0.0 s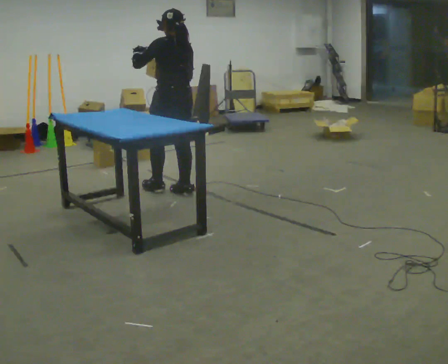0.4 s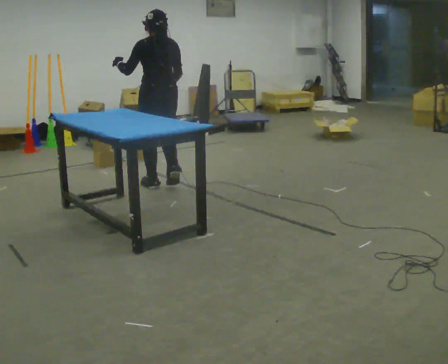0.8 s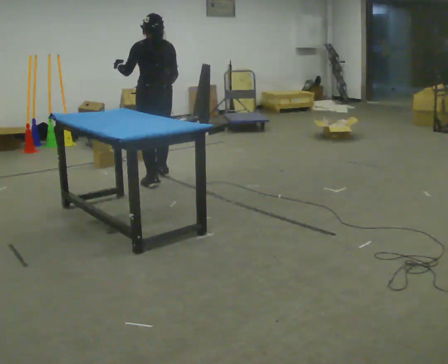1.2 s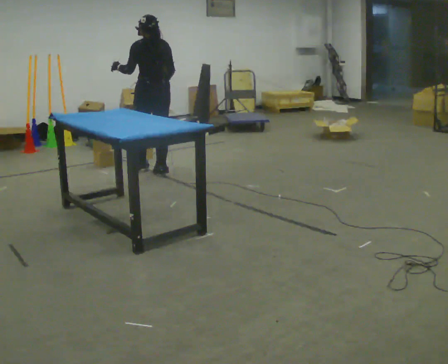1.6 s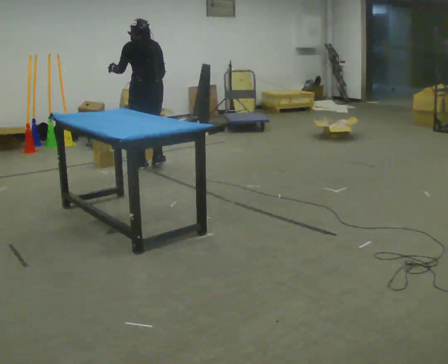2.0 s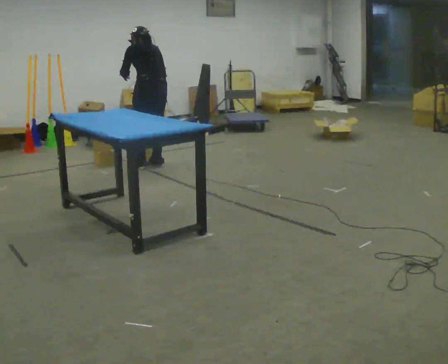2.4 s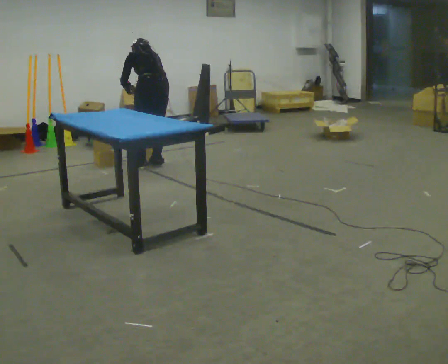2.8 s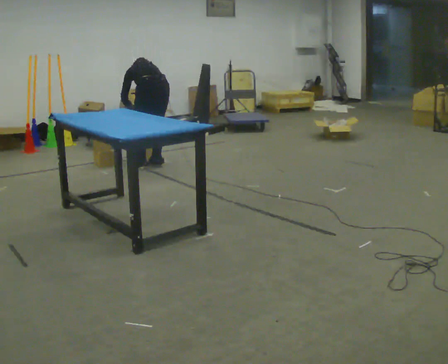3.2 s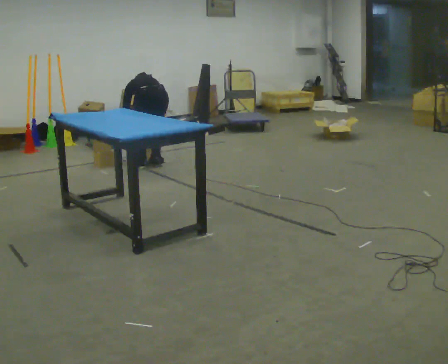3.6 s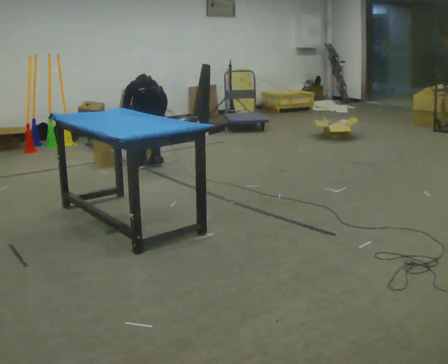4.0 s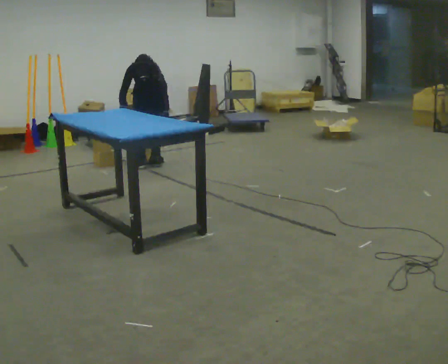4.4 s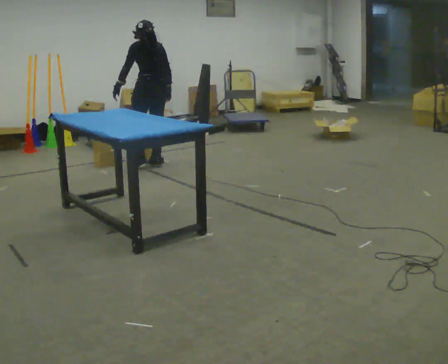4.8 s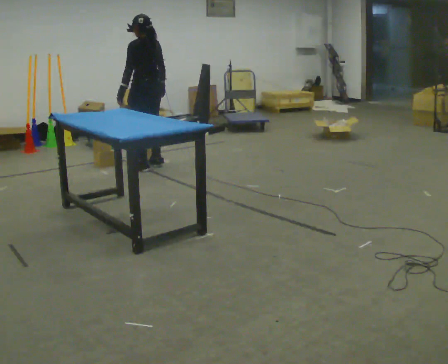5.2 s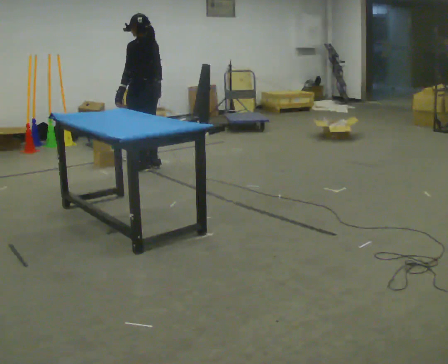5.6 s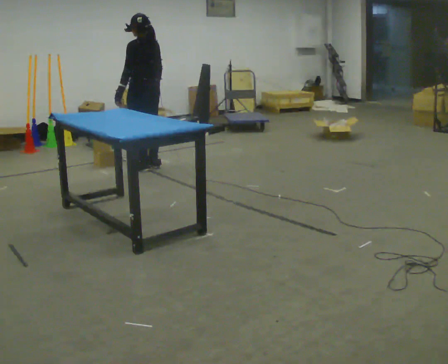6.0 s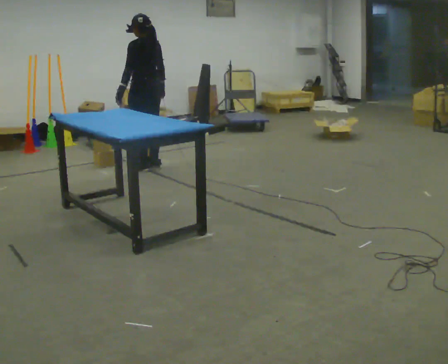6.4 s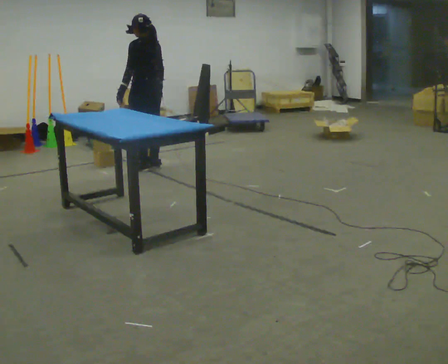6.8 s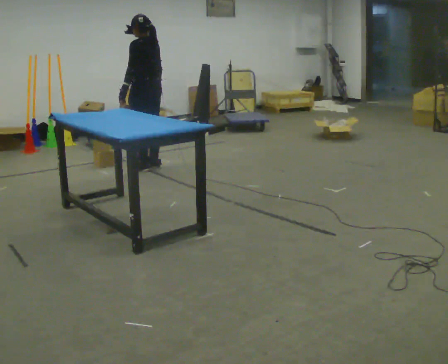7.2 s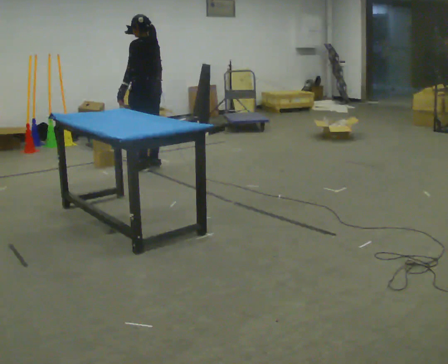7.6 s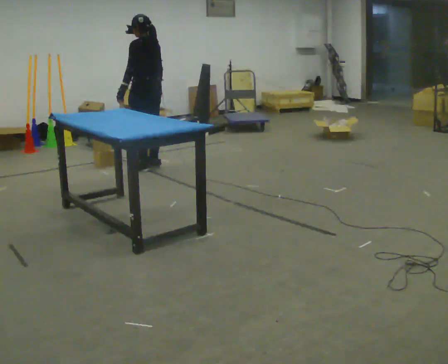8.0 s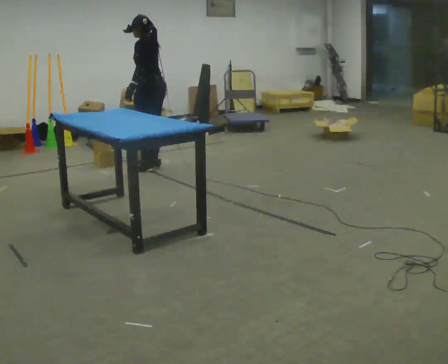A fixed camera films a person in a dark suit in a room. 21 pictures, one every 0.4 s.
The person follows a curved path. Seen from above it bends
clockwise.
0.0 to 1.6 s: In the picture they go away from the camera, about 1 m in 3 steps, which for them is forward.
1.6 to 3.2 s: The upper body goes downward. The upper body tips away from the camera, its near side rolling upward, as they bend forward. In the picture their left hand goes downward.
3.2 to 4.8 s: The person turns about 30 degrees to their left, counterclockwise seen from above, so the part of the body nearest the lens slides to the right. The shoulders move upward. The upper body tips toward the camera, its near side rolling downward, as they lean back or straighten. In the picture their left hand goes upward.
4.8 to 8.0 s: The person turns about 30 degrees to their left, counterclockwise seen from above, so the part of the body nearest the lens slides to the right.
The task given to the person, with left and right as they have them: Pick the object up off the floor using only the hand the operator calls, then carry it to the table in that same hand. Keep going until the operator says stop; one object at a time, and do not rush between trips.
The film runs forward here.
